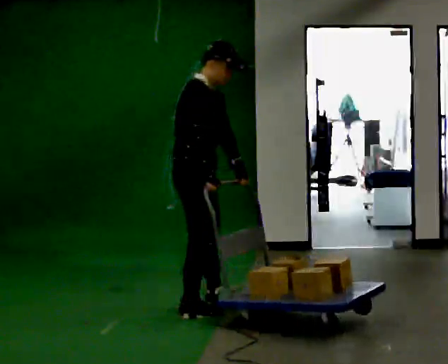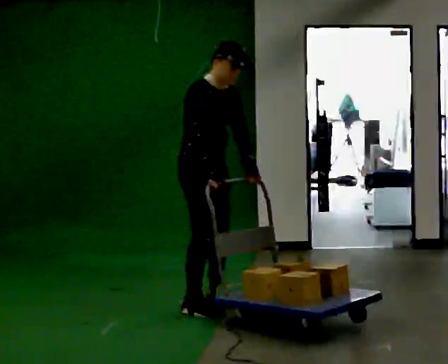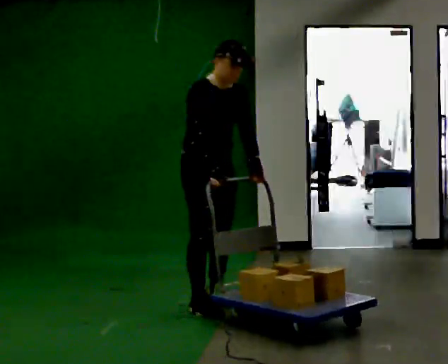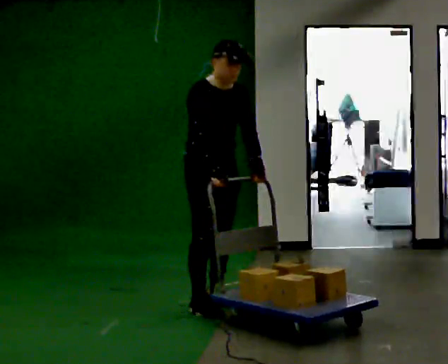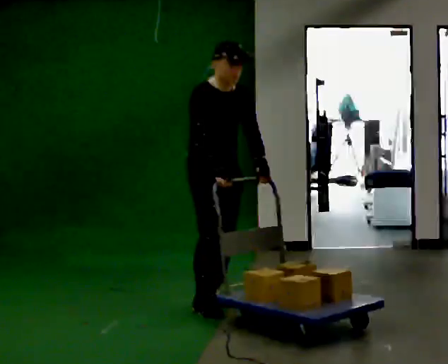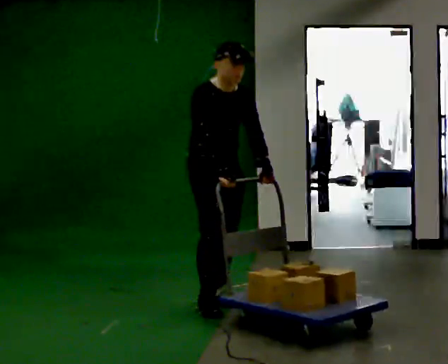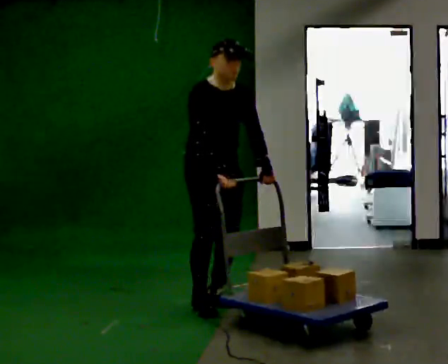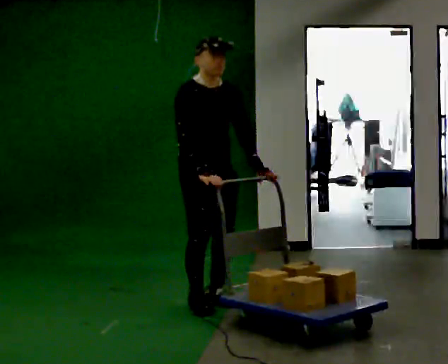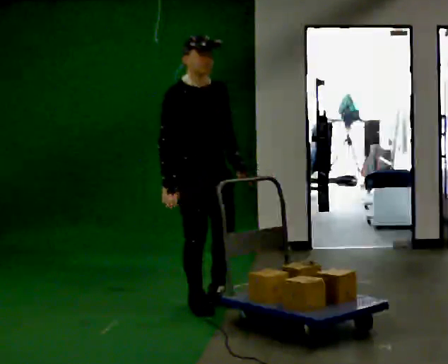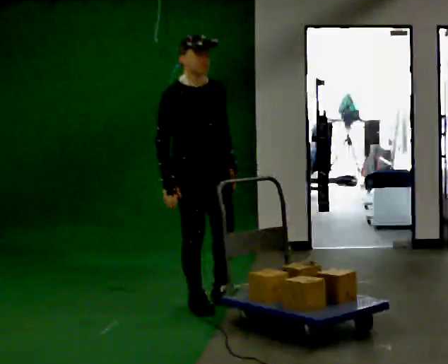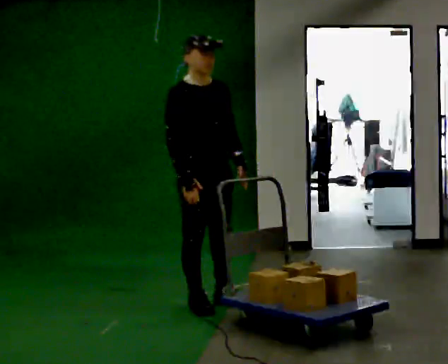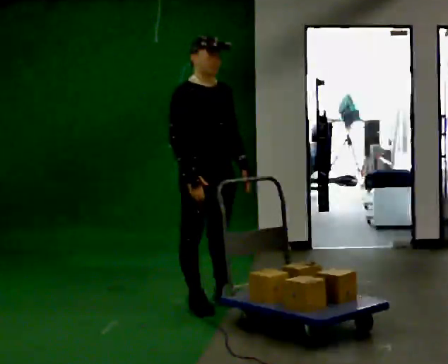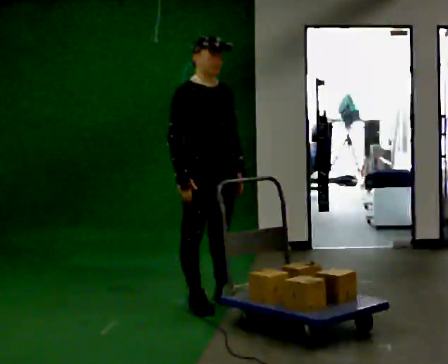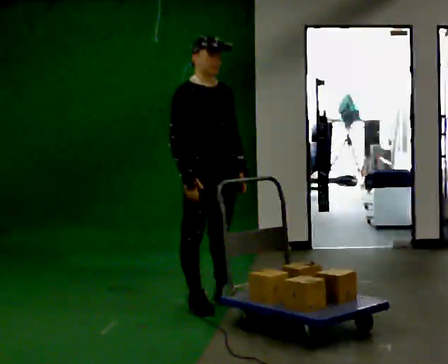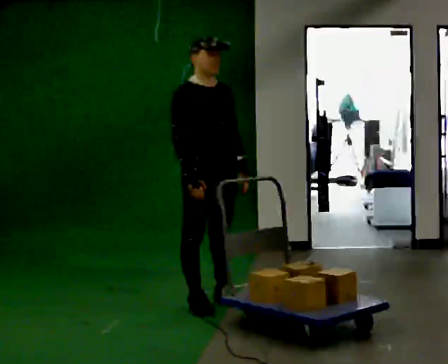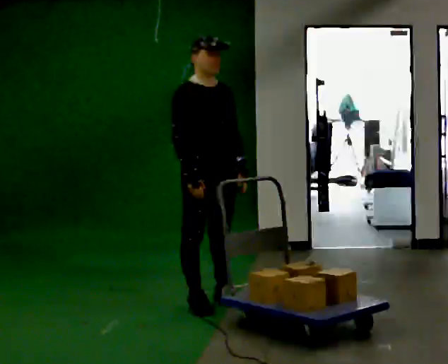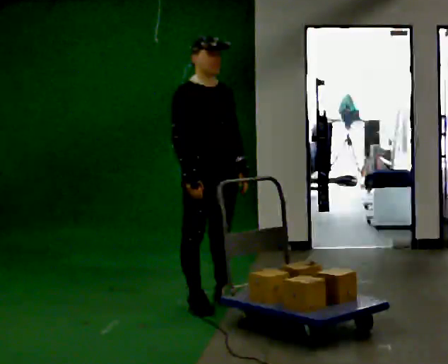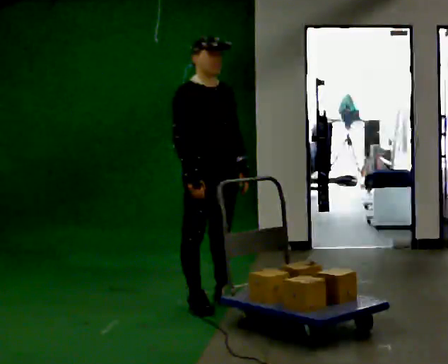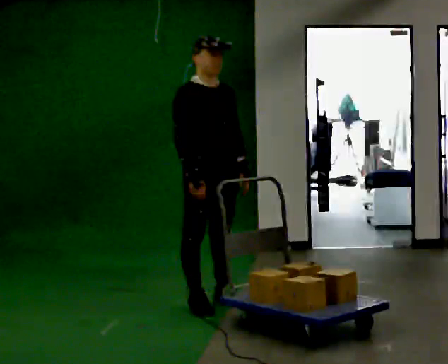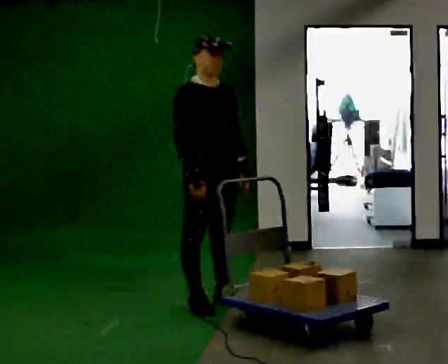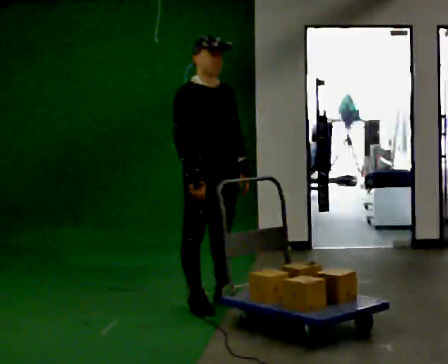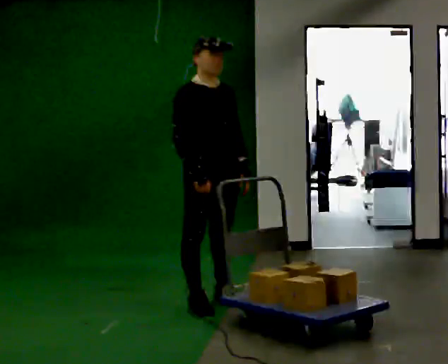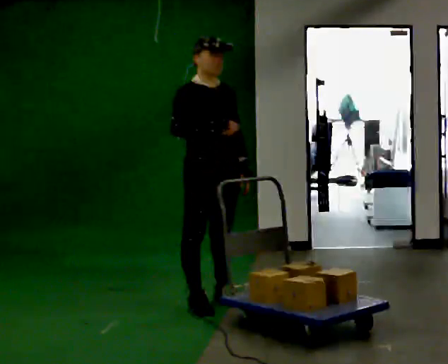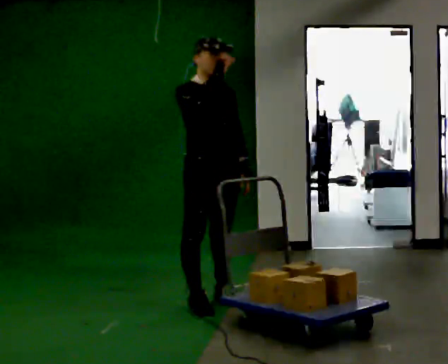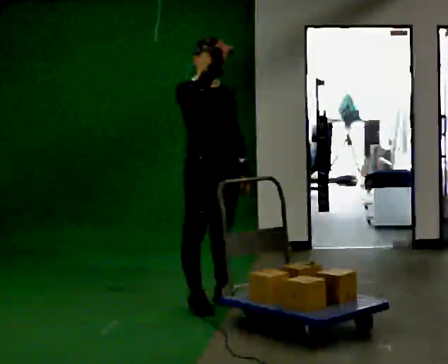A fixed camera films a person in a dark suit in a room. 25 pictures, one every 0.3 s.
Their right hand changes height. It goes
upward.
0.0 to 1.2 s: The part of the body nearest the lens slides to the left as the person turns to their right by about 45 degrees. In the picture they go away from the camera, about 0.25 m in 1 step, which for them is to their left.
1.2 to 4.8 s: The person moves a little, or ends about where they began.
4.8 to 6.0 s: The person keeps their place and pose.
6.0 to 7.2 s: In the picture their right hand goes upward.
The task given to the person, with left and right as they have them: Push the loaded cart from one corner of the room to the other, turn it round, and push it back. Keep going until the operator says stop.
The film runs forward here.
